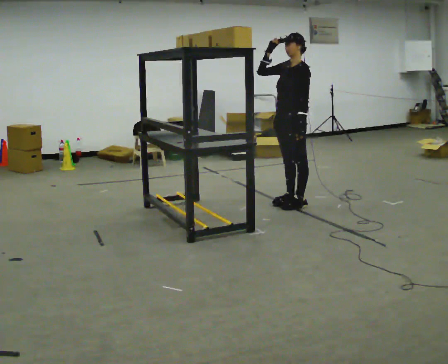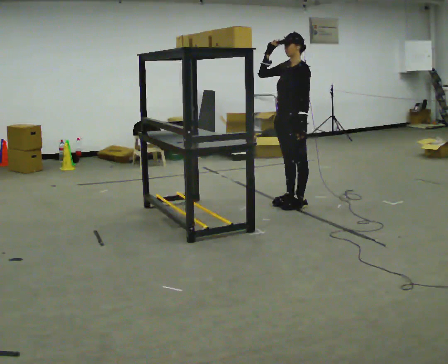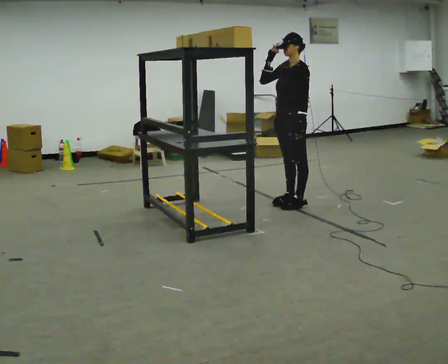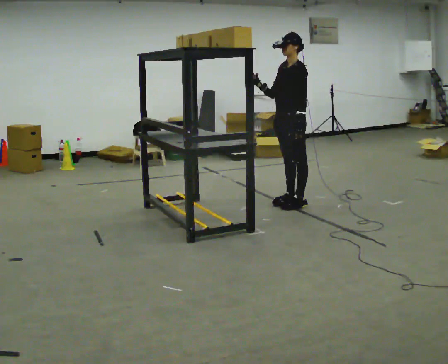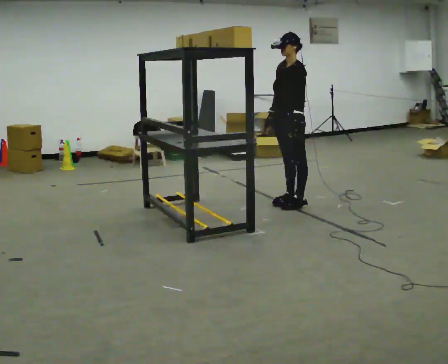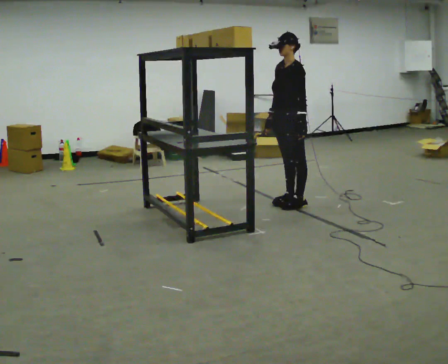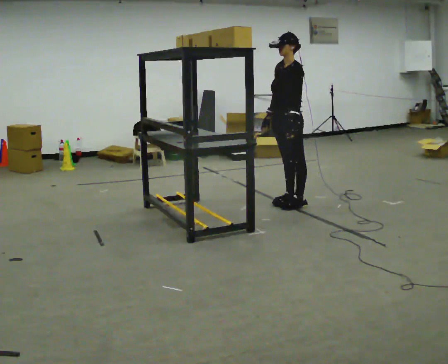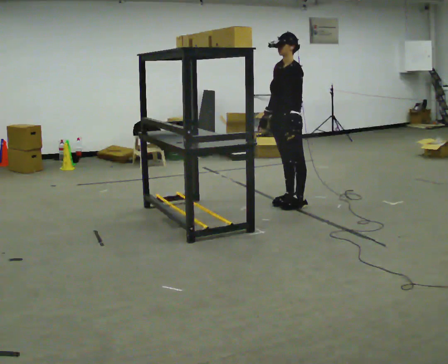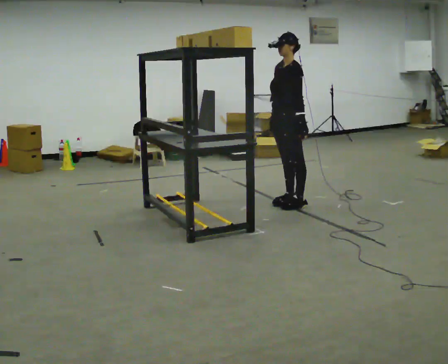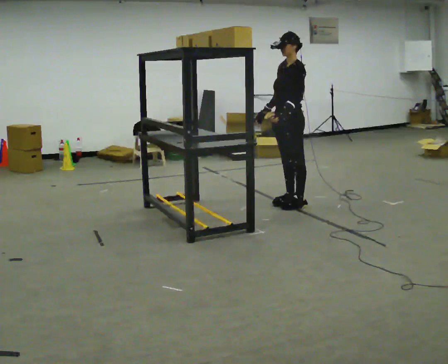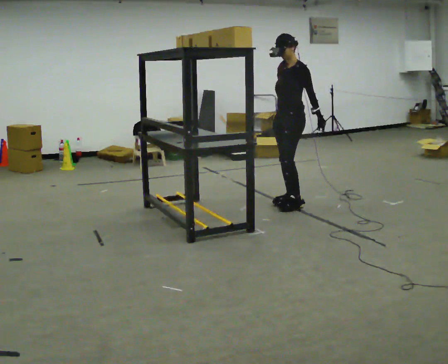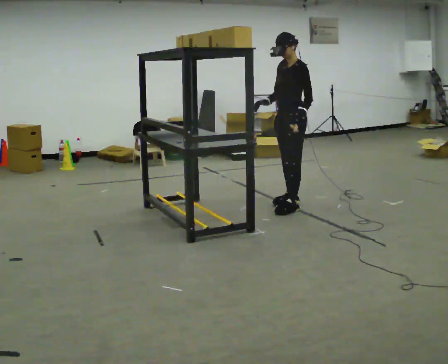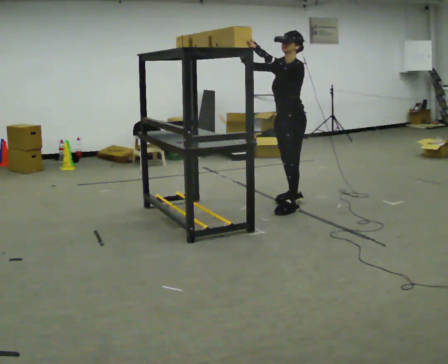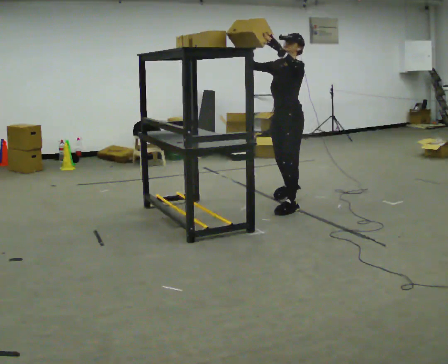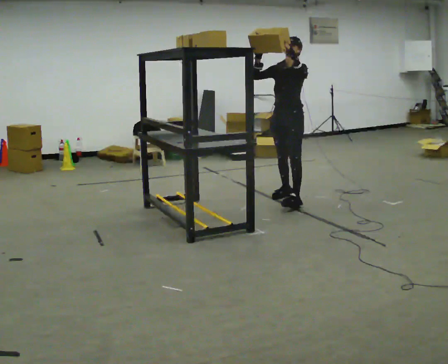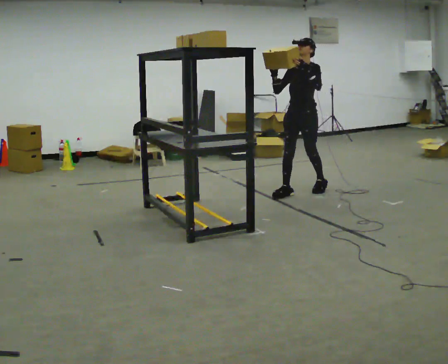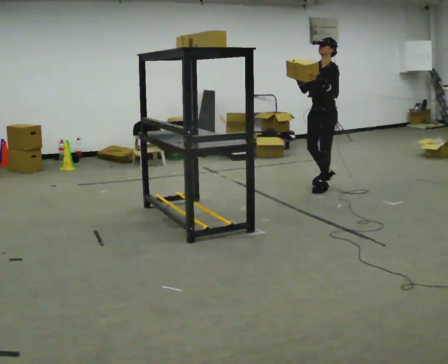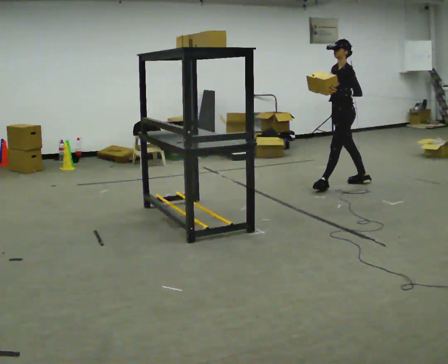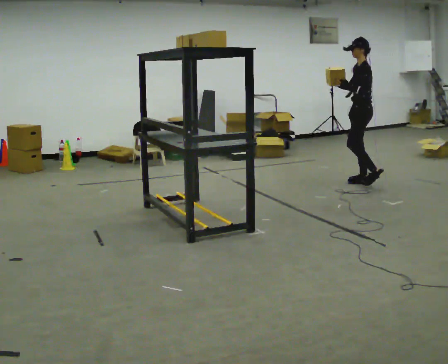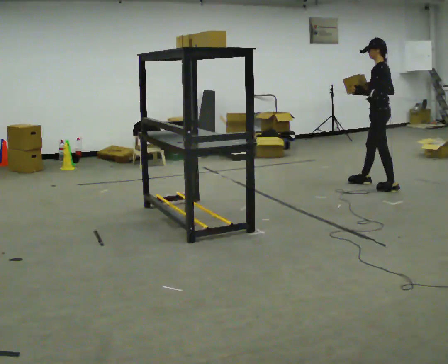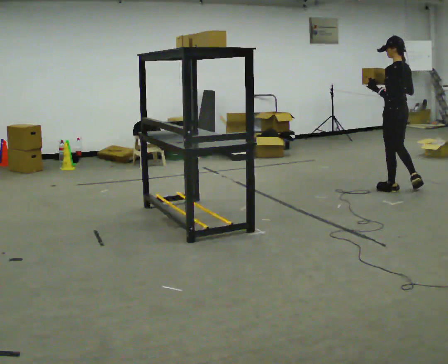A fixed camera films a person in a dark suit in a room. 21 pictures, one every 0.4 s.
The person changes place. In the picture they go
to the right.
The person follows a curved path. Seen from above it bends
clockwise.
0.0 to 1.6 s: In the picture their right hand goes downward.
1.6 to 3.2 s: The person moves a little, or ends about where they began.
3.2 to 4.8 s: In the picture their right hand goes upward.
4.8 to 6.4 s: In the picture they go away from the camera and to the right, about 1 m in 3 steps, which for them is backward.
6.4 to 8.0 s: Seen from above the body turns clockwise, about 90 degrees: to their right, with its near side sliding to the left. In the picture they go to the right, about 0.5 m in 2 steps.
The film runs backward here.
